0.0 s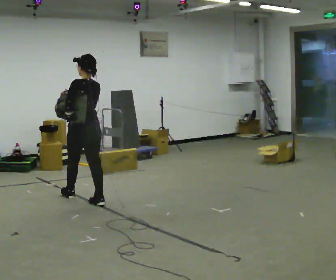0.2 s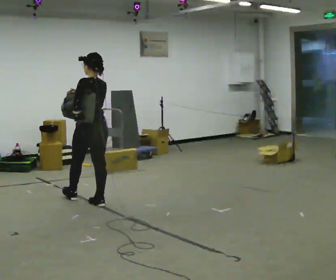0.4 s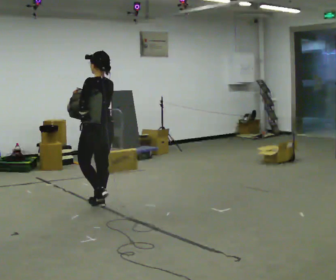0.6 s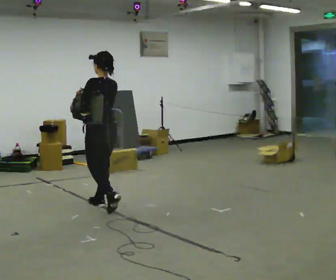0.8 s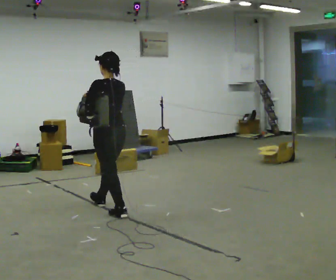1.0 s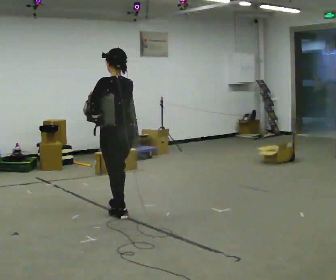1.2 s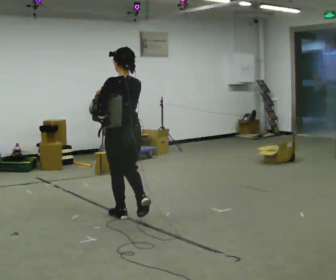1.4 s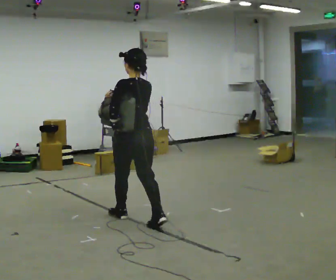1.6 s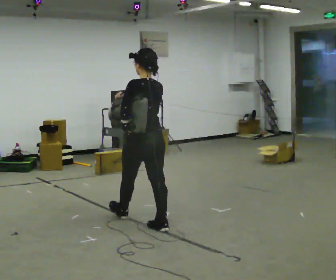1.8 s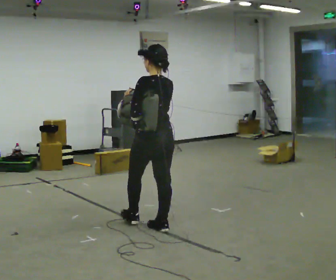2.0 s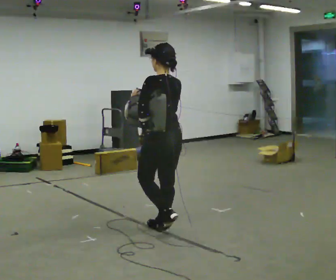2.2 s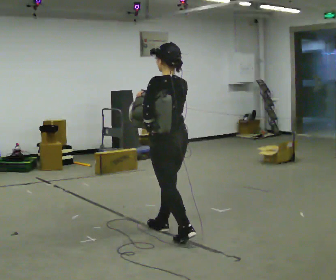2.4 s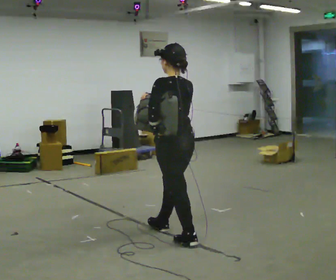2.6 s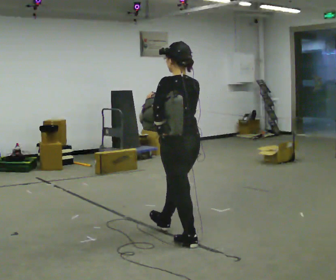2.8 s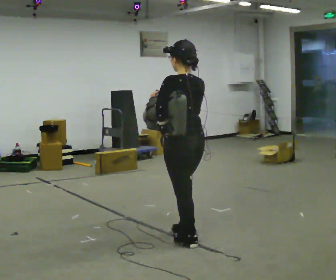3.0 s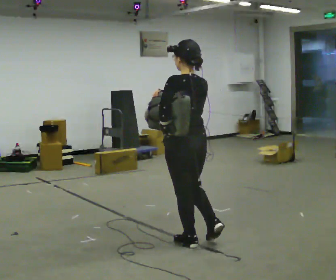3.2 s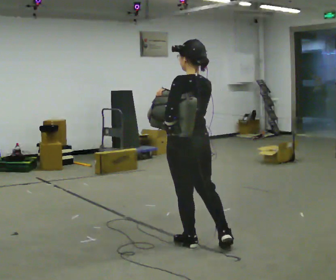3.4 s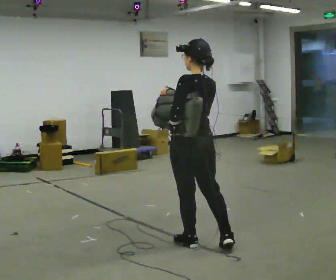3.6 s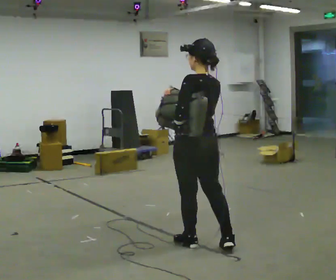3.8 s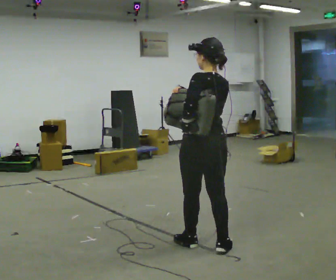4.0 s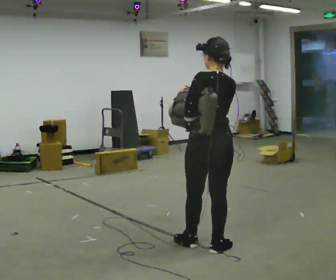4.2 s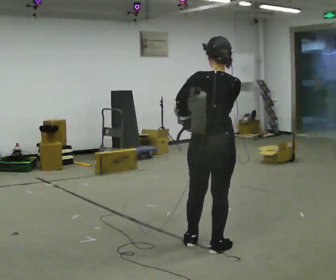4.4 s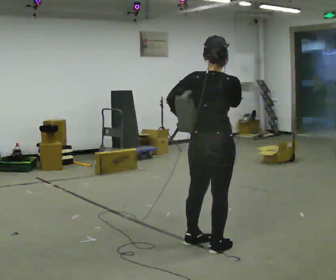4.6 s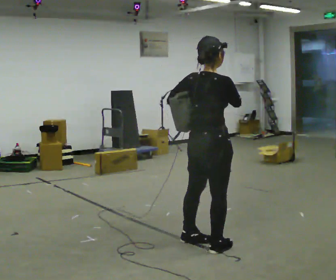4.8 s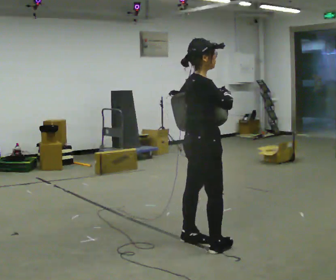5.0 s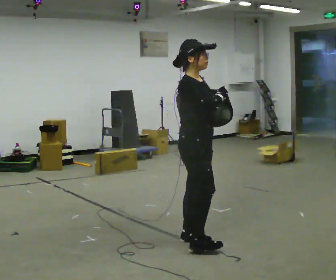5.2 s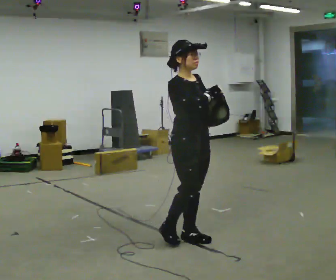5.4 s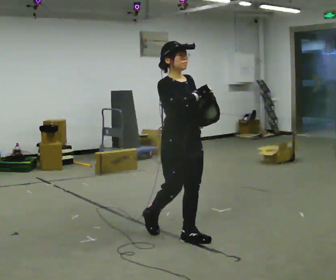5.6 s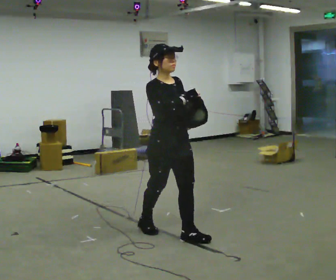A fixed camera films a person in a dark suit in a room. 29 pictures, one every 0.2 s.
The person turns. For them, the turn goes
to their right.
The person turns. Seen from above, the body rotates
clockwise.
0.0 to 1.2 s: In the picture they go to the right and toward the camera, about 1 m in 2 steps, which for them is backward.
1.2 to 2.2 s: In the picture they go to the right and toward the camera, about 0.75 m in 1 step, which for them is backward.
2.2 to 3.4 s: In the picture they go toward the camera and to the right, about 0.25 m in 1 step, which for them is backward.
3.4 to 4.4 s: Seen from above the body turns clockwise, about 45 degrees: to their right, with its near side sliding to the left. In the picture their right hand goes to the right.
4.4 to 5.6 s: The person turns about 120 degrees to their right, clockwise seen from above, so the part of the body nearest the lens slides to the left. In the picture they go to the left and away from the camera, about 0.5 m in 1 step.
The film runs backward here.
